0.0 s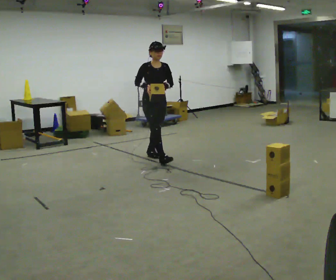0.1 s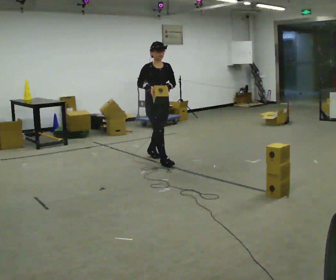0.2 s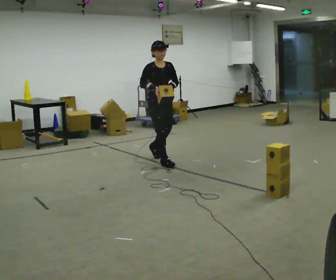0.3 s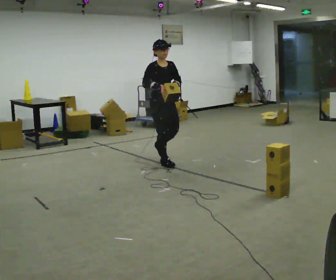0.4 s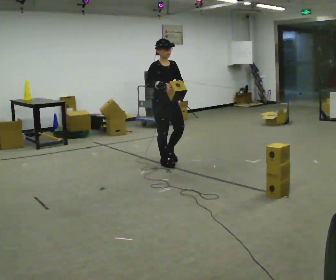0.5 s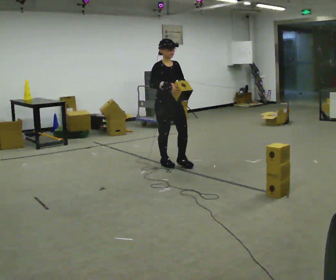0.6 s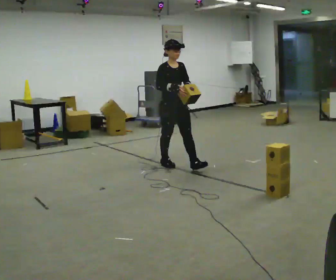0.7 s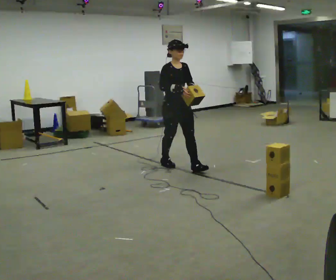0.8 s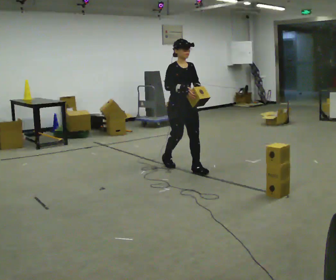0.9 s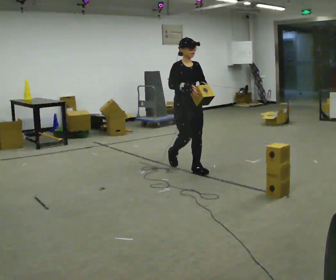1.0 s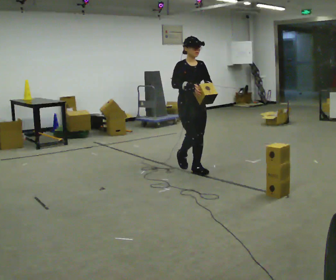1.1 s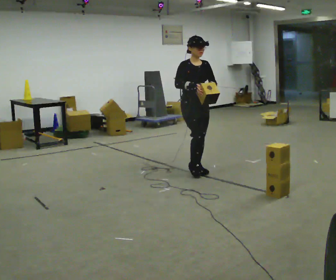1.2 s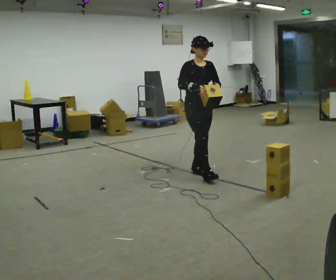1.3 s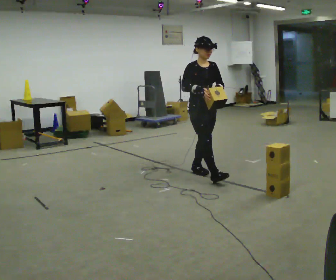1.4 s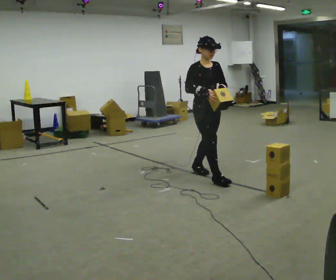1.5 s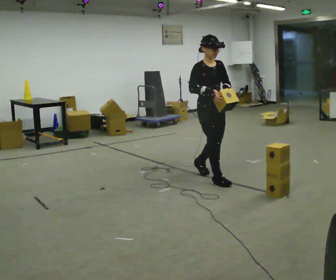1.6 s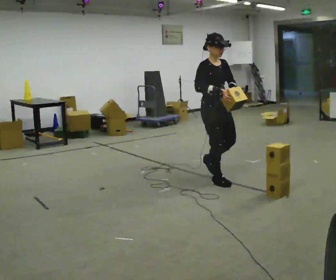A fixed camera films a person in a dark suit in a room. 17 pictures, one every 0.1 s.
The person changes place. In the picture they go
toward the camera.
0.0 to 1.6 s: In the picture they go toward the camera and to the right, about 1 m in 3 steps, which for them is forward.
The film runs forward here.
